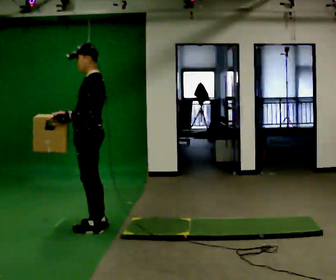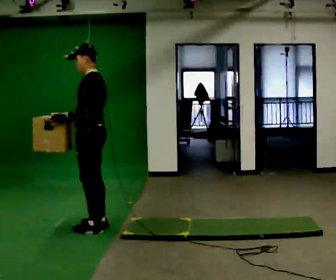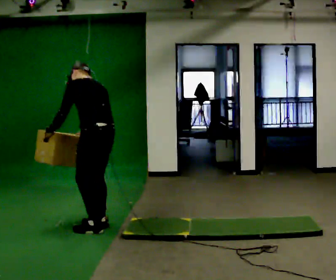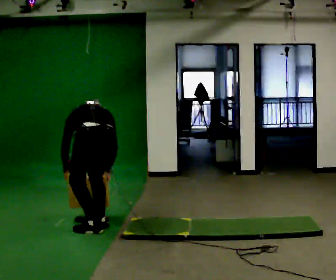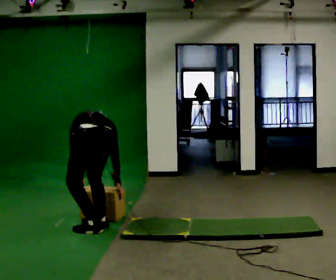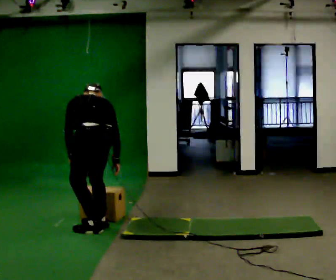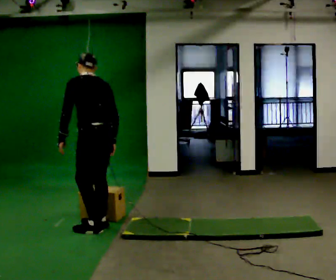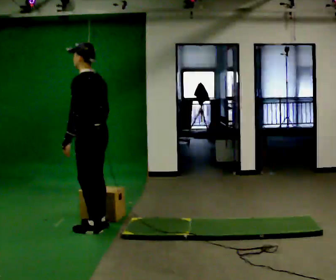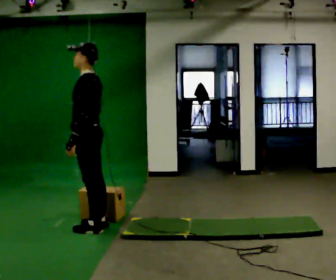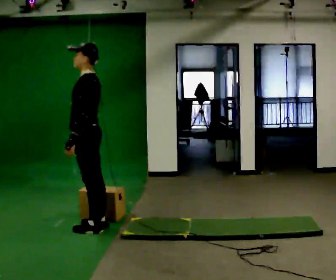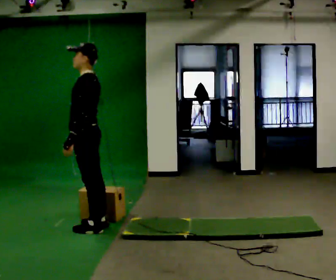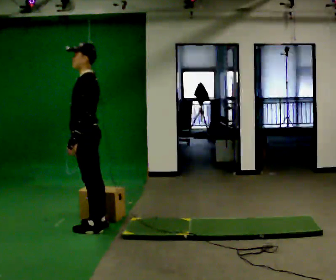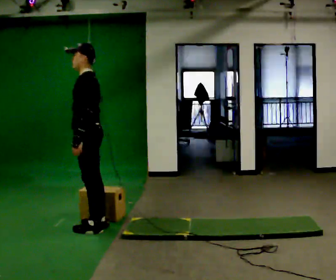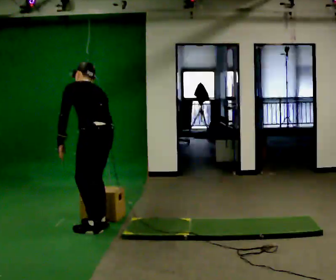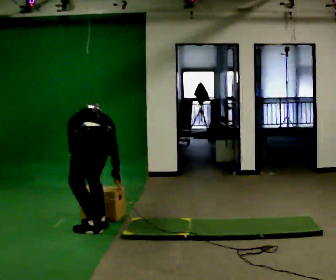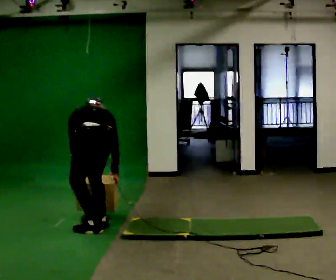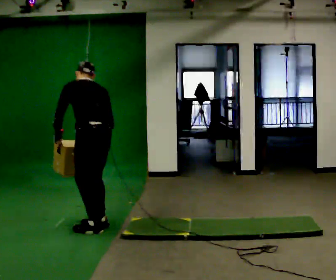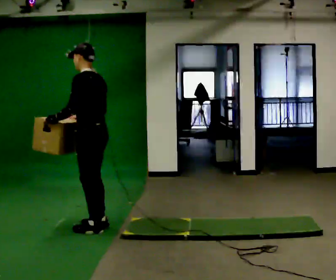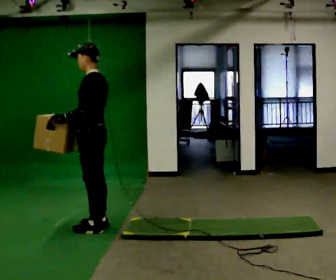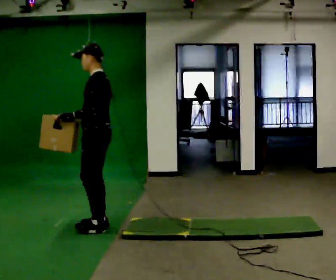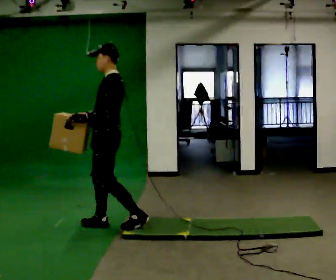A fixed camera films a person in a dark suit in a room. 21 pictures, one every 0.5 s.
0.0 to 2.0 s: The person turns about 75 degrees to their right, clockwise seen from above, so the part of the body nearest the lens slides to the left. In the picture they go toward the camera, about 0.25 m. The shoulders move downward. The upper body tips away from the camera, its near side rolling upward, as they bend forward. In the picture their right hand goes downward and to the right, the arm swinging counterclockwise.
2.0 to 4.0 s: The part of the body nearest the lens slides to the right as the person turns to their left by about 60 degrees. In the picture they go away from the camera, about 0.25 m, which for them is forward. The upper body goes upward. The upper body tips toward the camera, its near side rolling downward, as they lean back or straighten. In the picture their left hand goes upward.
4.0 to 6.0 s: The person moves a little, or ends about where they began.
6.0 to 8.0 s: The person turns about 45 degrees to their right, clockwise seen from above, so the part of the body nearest the lens slides to the left.
8.0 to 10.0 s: The person turns about 45 degrees to their left, counterclockwise seen from above, so the part of the body nearest the lens slides to the right. The upper body tips toward the camera, its near side rolling downward, as they lean back or straighten.
The film runs backward here.
